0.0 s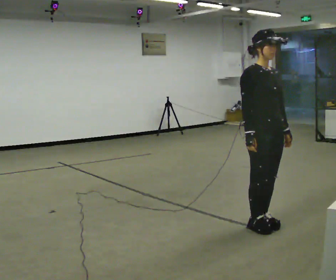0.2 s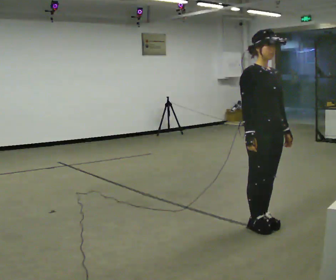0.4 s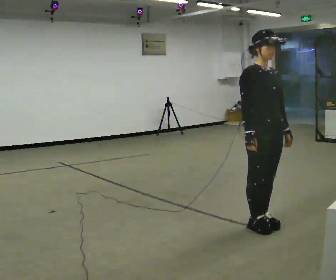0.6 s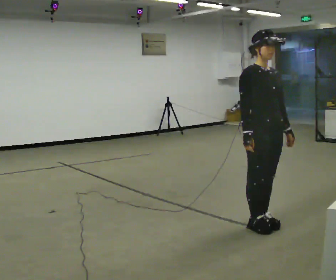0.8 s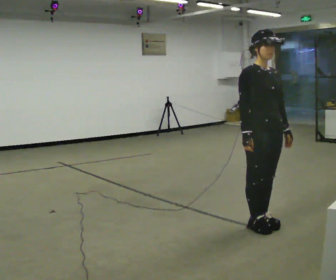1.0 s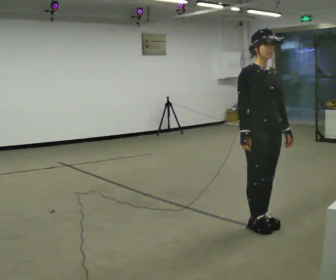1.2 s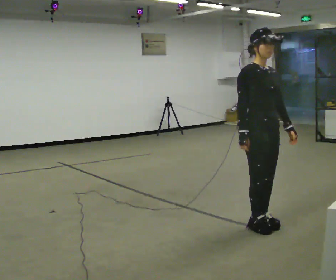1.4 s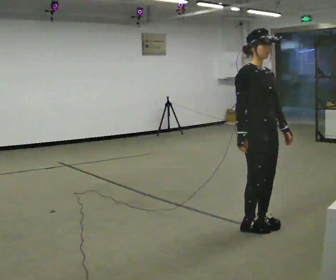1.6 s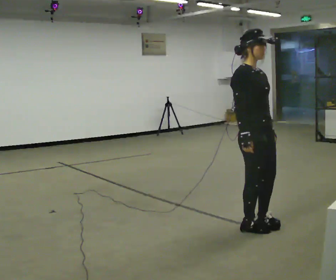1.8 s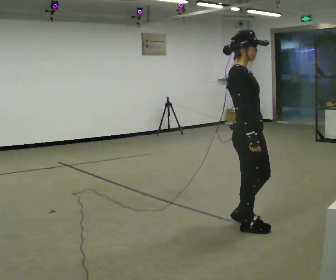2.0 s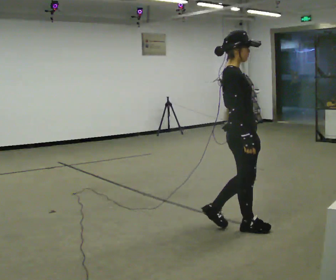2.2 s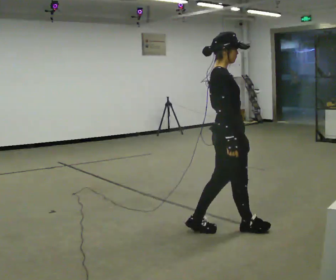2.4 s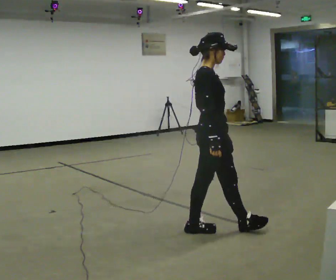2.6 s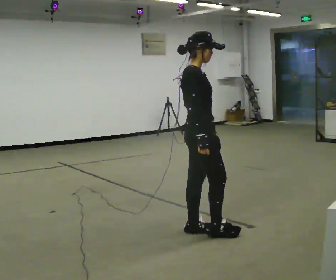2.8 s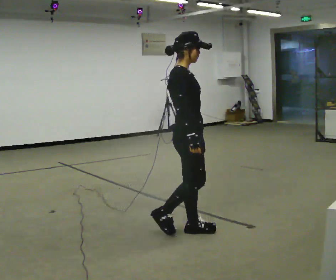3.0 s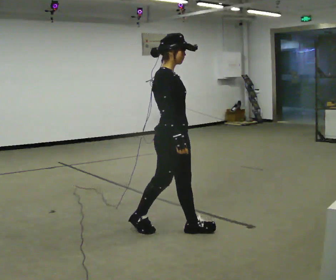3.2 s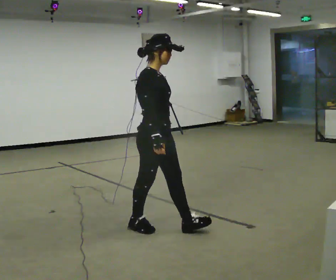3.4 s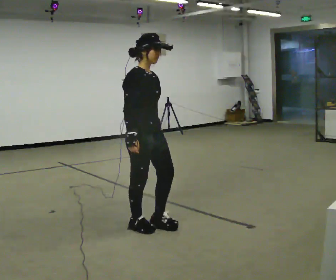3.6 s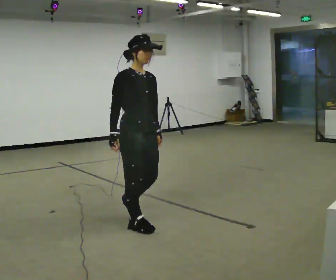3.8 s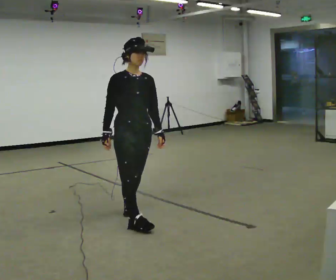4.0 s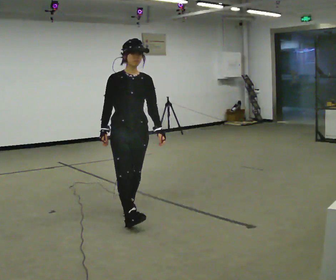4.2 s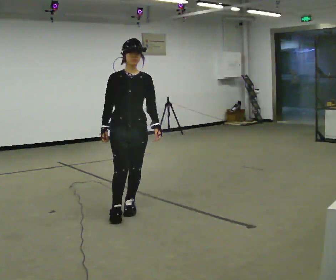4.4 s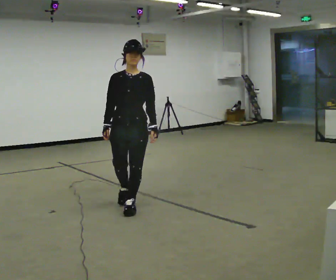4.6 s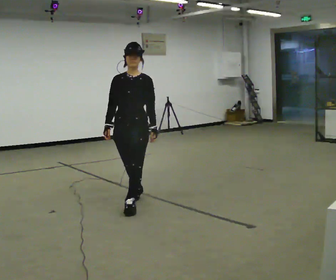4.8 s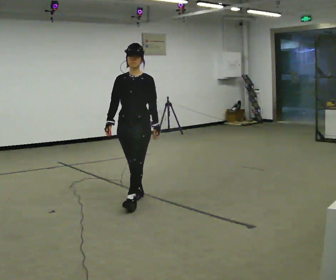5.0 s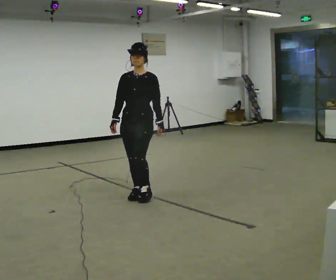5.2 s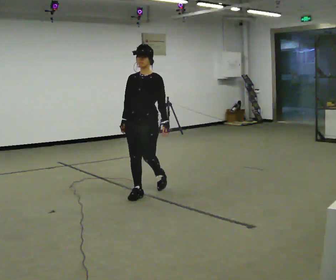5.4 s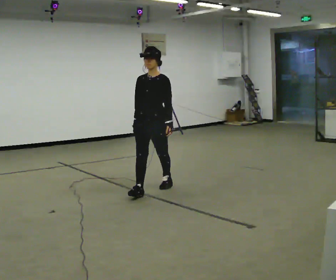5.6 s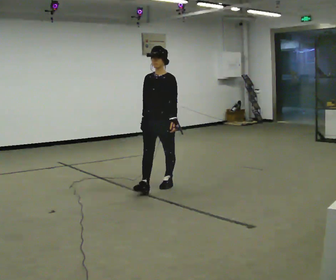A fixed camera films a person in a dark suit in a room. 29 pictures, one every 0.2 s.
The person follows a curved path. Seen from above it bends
clockwise.
The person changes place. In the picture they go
away from the camera.
0.0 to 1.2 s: The person moves a little, or ends about where they began.
1.2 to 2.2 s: The person turns about 60 degrees to their left, counterclockwise seen from above, so the part of the body nearest the lens slides to the right. In the picture they go to the left, about 0.25 m in 1 step, which for them is backward and to their right.
2.2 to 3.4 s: Seen from above the body turns clockwise, about 30 degrees: to their right, with its near side sliding to the left. In the picture they go to the left, about 0.75 m in 2 steps, which for them is backward.
3.4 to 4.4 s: Seen from above the body turns clockwise, about 60 degrees: to their right, with its near side sliding to the left. In the picture they go away from the camera, about 0.5 m in 1 step.
4.4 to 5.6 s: In the picture they go away from the camera, about 1 m in 2 steps, which for them is backward.
The film runs backward here.
